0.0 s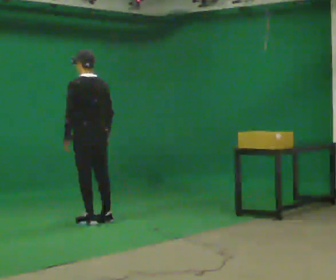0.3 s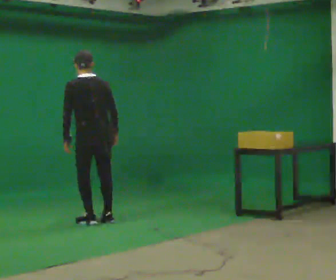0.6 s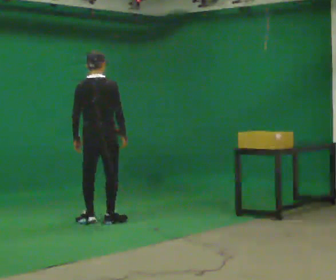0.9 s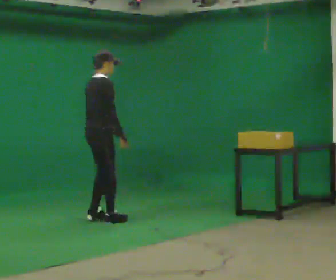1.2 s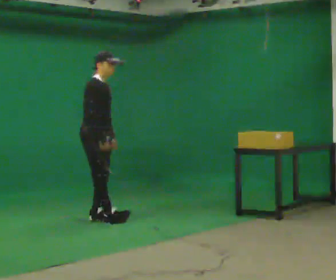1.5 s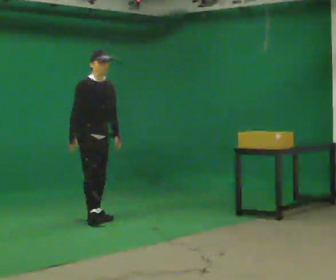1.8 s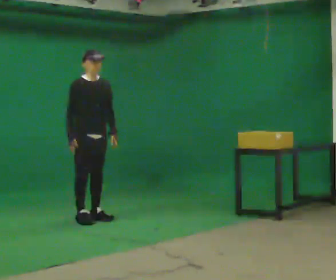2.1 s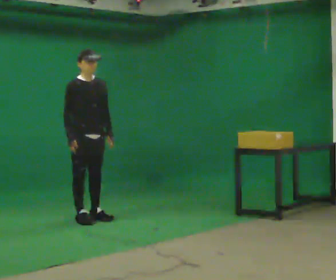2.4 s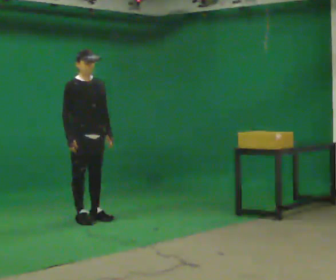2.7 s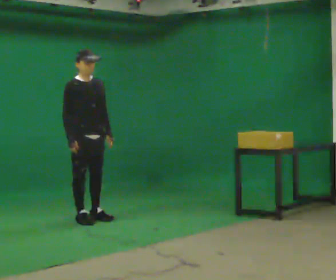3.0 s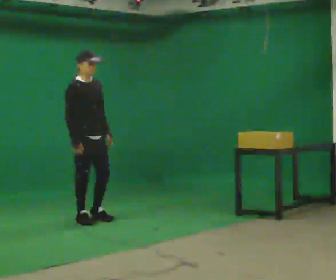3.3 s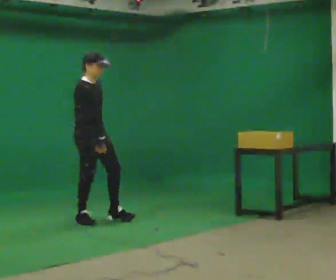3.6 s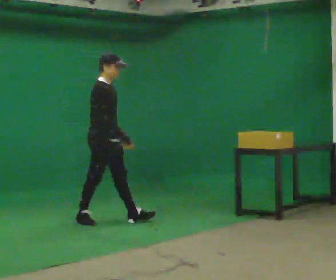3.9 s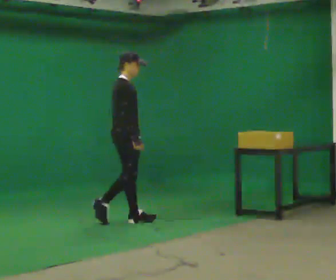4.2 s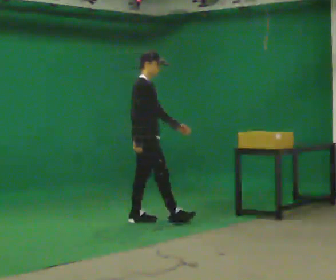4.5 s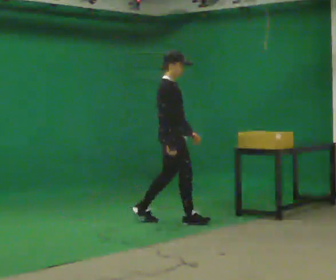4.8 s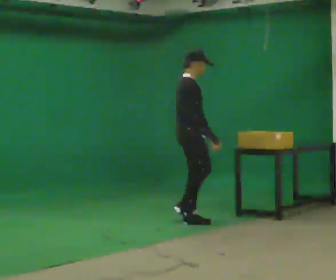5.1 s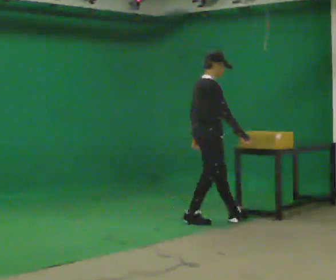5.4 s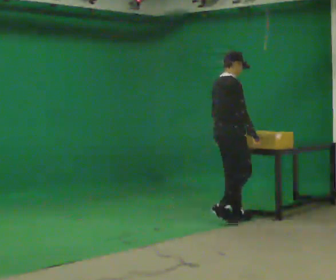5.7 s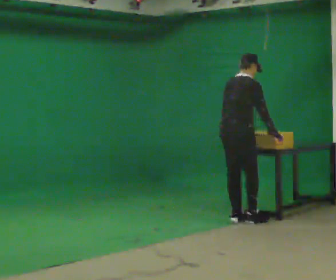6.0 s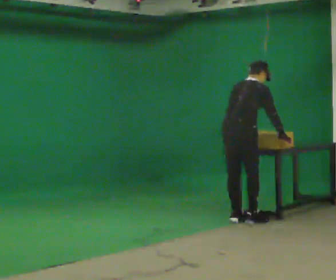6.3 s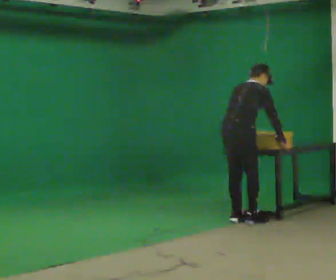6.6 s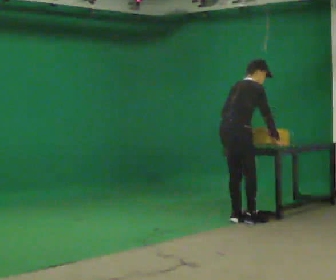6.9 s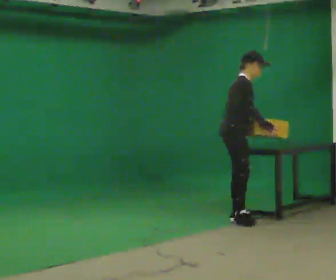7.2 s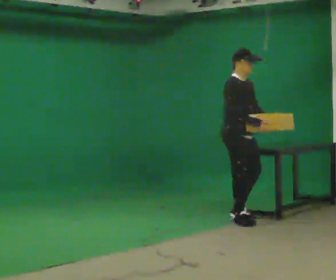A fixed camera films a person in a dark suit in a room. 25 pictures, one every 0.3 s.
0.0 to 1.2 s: The person turns about 150 degrees to their right, clockwise seen from above, so the part of the body nearest the lens slides to the left. In the picture their left hand goes to the right.
1.2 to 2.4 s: The person moves a little, or ends about where they began.
2.4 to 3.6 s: The part of the body nearest the lens slides to the right as the person turns to their left by about 30 degrees. In the picture they go to the right, about 0.25 m in 1 step, which for them is forward.
3.6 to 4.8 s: In the picture they go to the right, about 1 m in 1 step, which for them is forward.
4.8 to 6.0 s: Seen from above the body turns counterclockwise, about 45 degrees: to their left, with its near side sliding to the right. In the picture they go to the right, about 0.5 m in 2 steps, which for them is forward and to their right. The upper body tips away from the camera, its near side rolling upward, as they bend forward.
6.0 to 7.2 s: The person turns about 90 degrees to their right, clockwise seen from above, so the part of the body nearest the lens slides to the left. The upper body tips toward the camera, its near side rolling downward, as they lean back or straighten. In the picture their left hand goes to the right, the arm swinging counterclockwise.
The film runs forward here.
